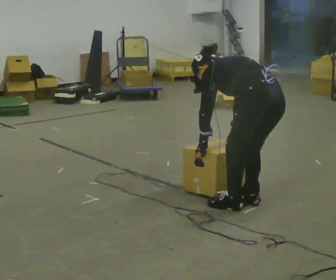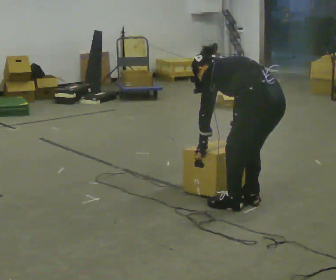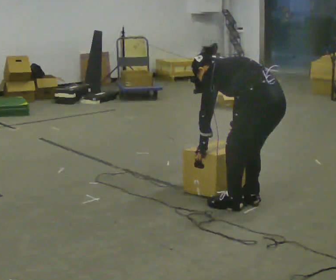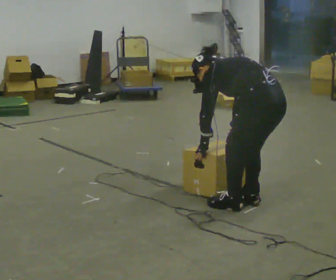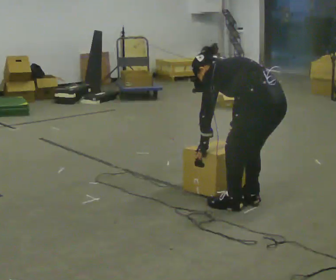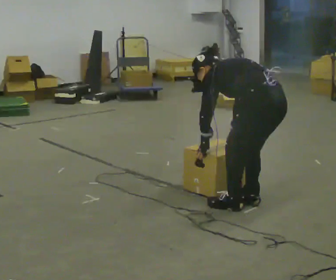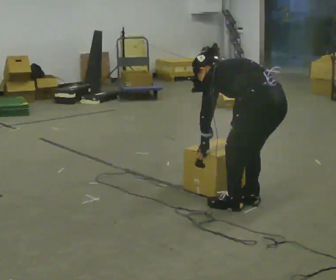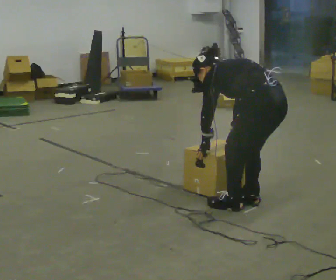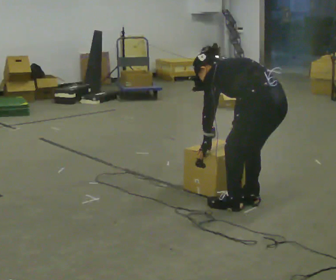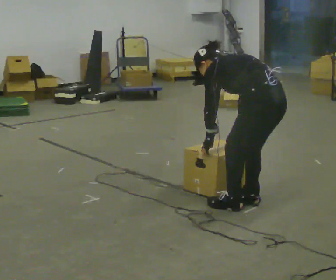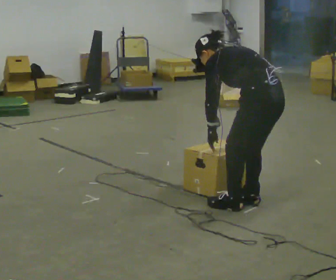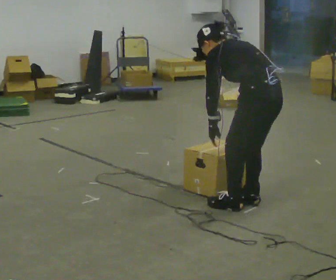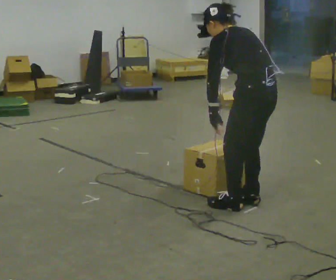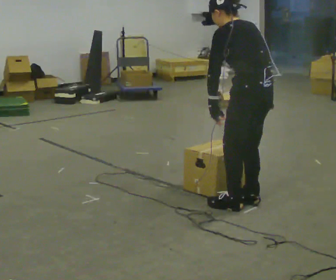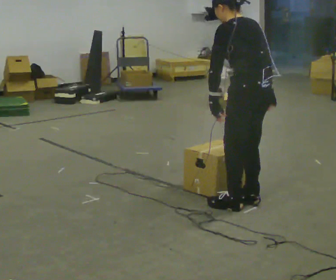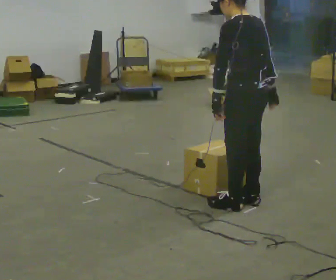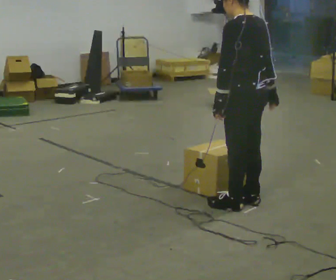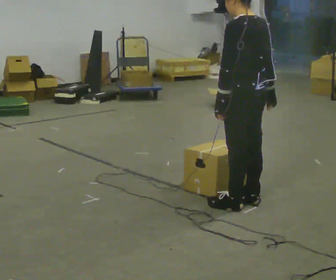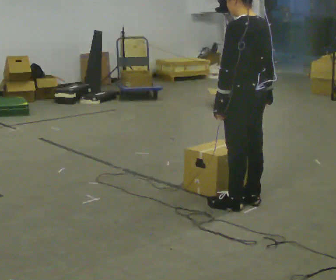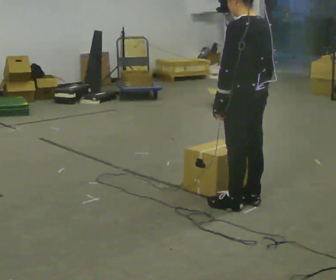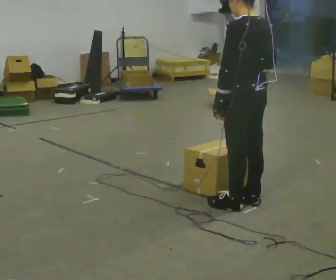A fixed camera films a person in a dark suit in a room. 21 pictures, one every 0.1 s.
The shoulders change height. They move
upward.
Their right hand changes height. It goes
upward.
0.0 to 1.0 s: The upper body tips toward the camera, its near side rolling downward, as they lean back or straighten.
1.0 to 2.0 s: The upper body goes upward. In the picture the upper body tilts clockwise, shoulders to the right, as they lean back or straighten. In the picture their right hand goes upward.
The film runs forward here.
